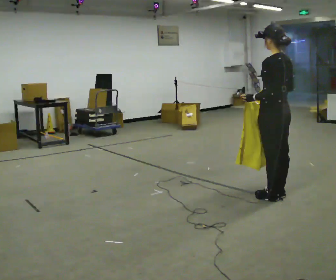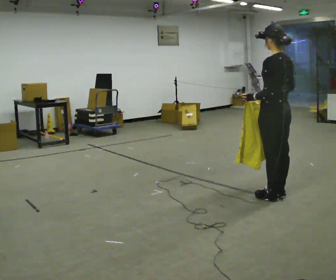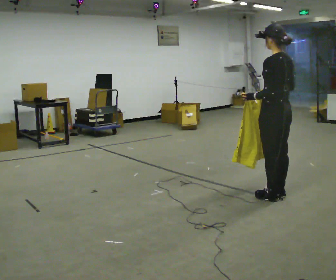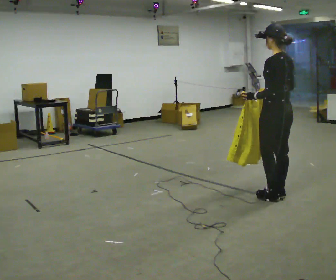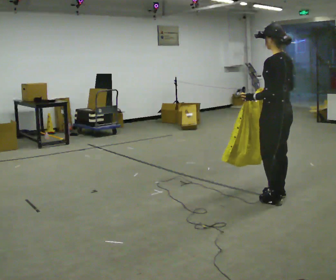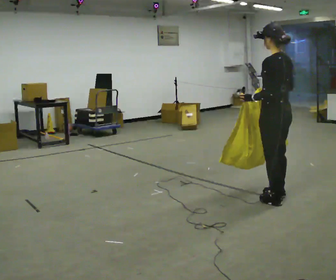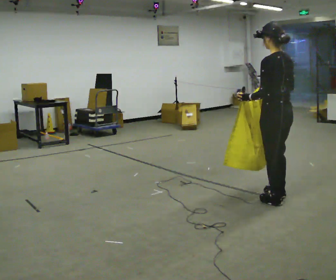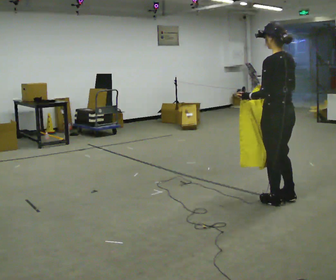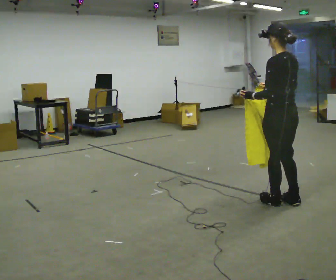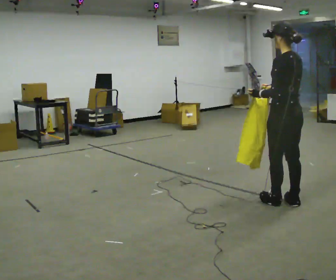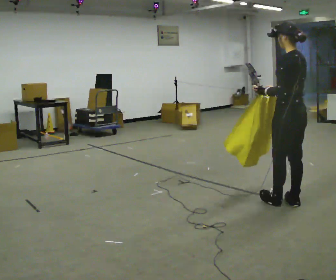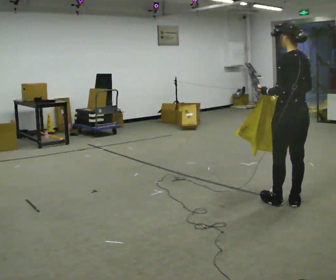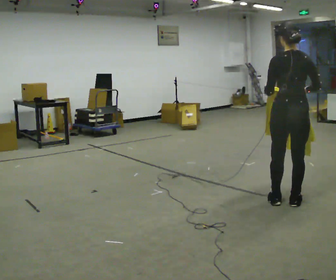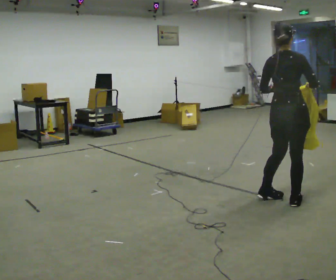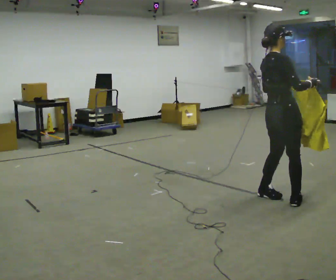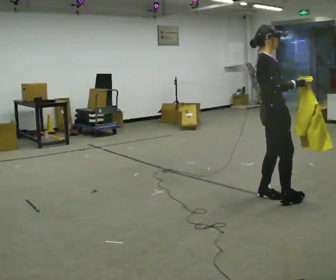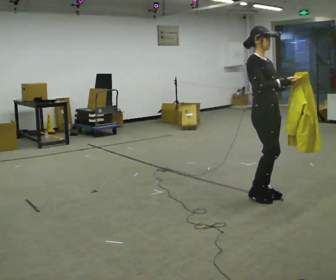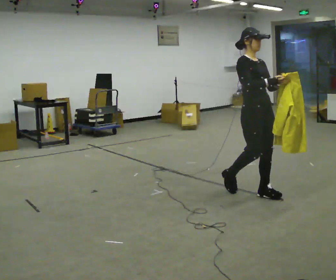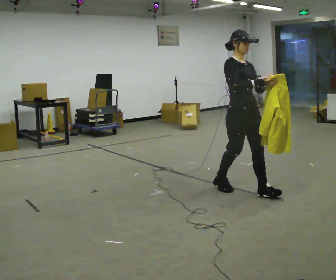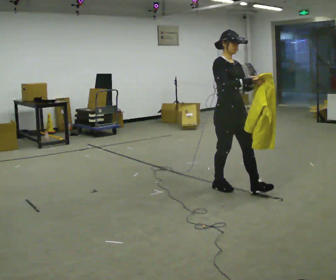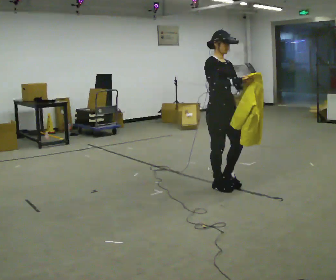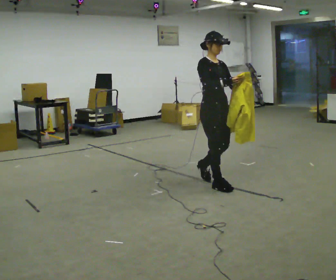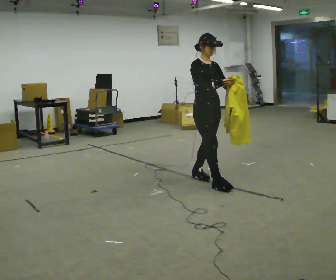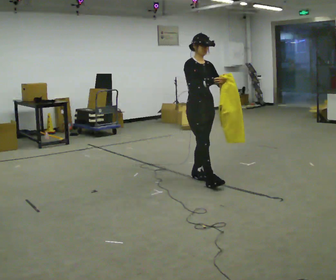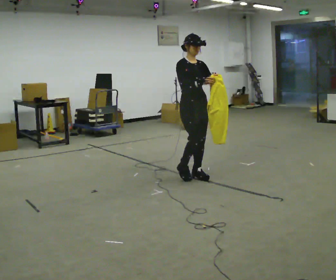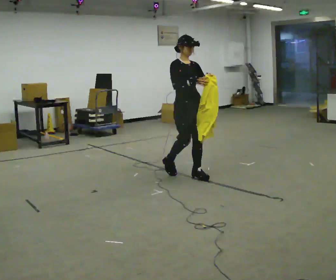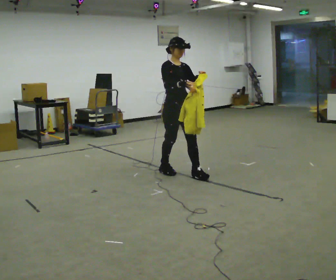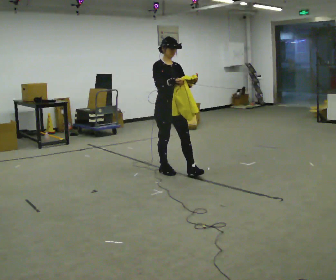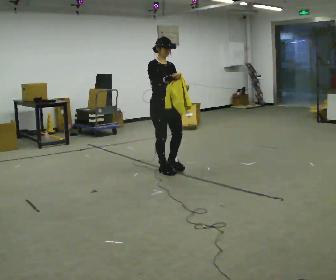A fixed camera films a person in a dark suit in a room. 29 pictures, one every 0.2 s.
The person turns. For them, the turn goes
to their right.
The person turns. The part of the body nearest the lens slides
to the left.
0.0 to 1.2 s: The person moves a little, or ends about where they began.
1.2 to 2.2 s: In the picture they go to the right, about 0.25 m in 1 step, which for them is backward.
2.2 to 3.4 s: The part of the body nearest the lens slides to the left as the person turns to their right by about 180 degrees. In the picture they go to the left and away from the camera, about 0.5 m in 2 steps. In the picture the upper body tilts counterclockwise, shoulders to the left.
3.4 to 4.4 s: In the picture they go to the left, about 0.5 m in 1 step, which for them is backward.
4.4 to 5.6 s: In the picture they go to the left and away from the camera, about 0.5 m in 2 steps, which for them is backward.
The film runs backward here.
